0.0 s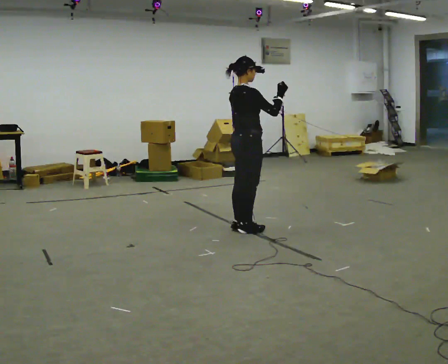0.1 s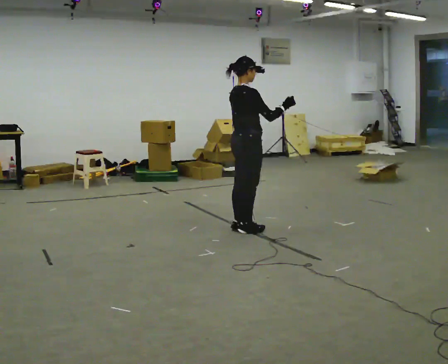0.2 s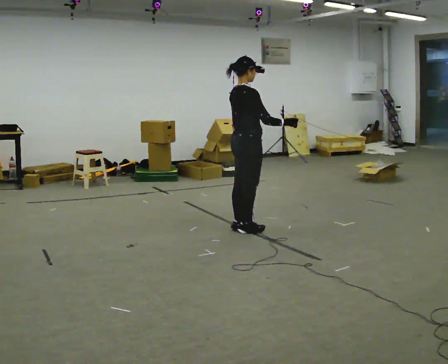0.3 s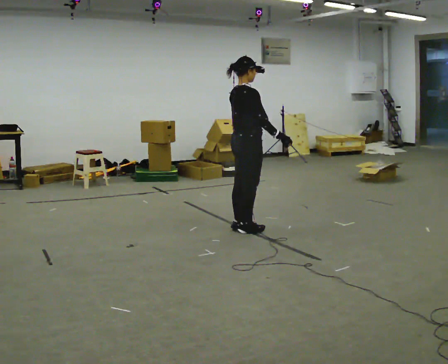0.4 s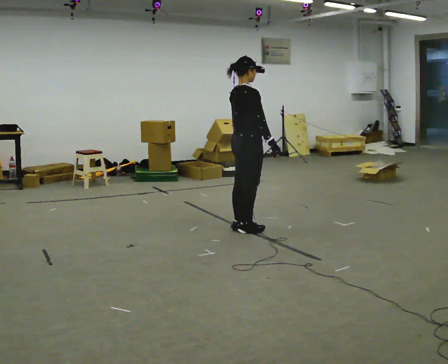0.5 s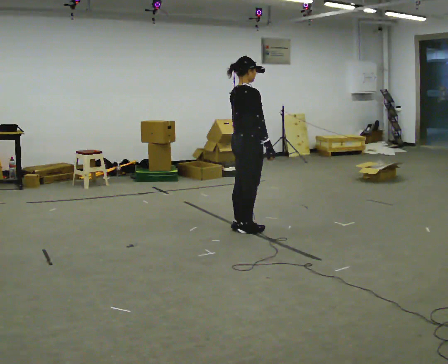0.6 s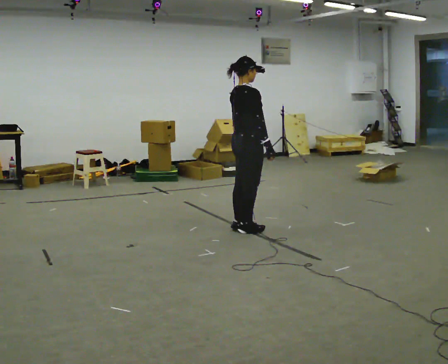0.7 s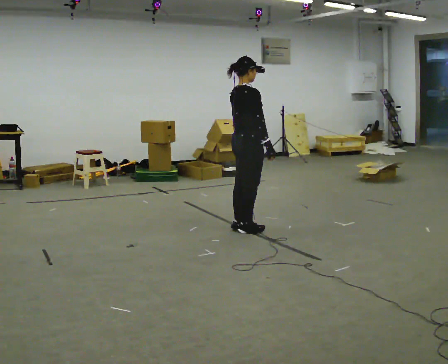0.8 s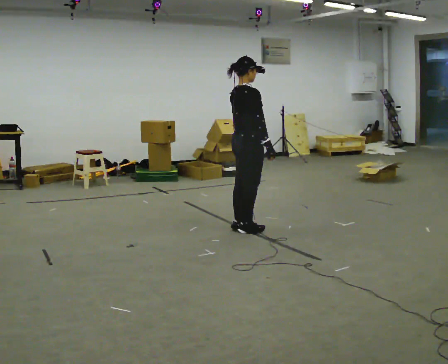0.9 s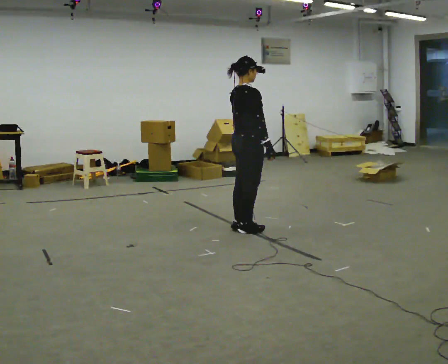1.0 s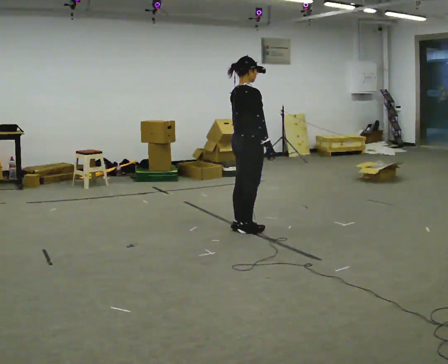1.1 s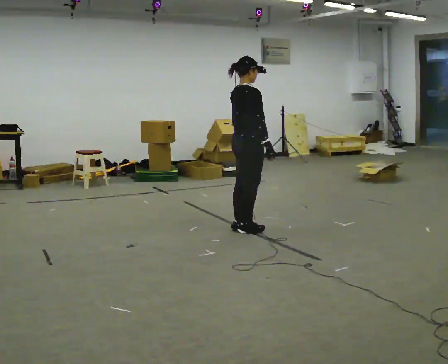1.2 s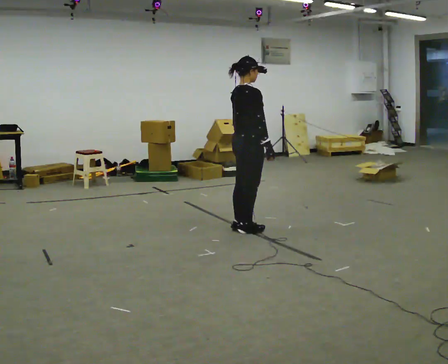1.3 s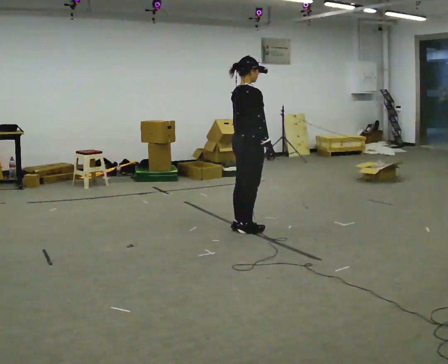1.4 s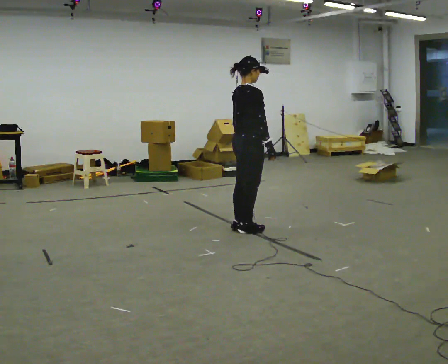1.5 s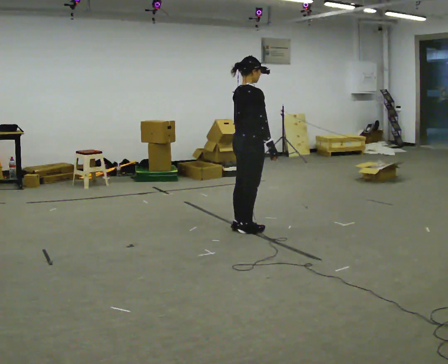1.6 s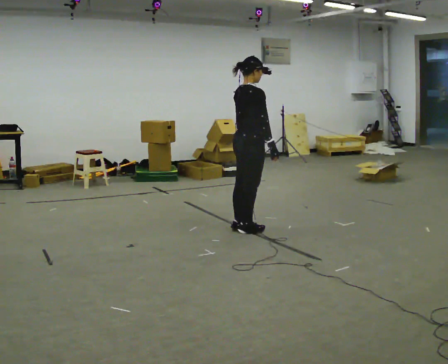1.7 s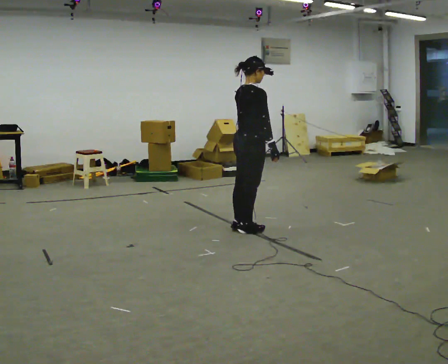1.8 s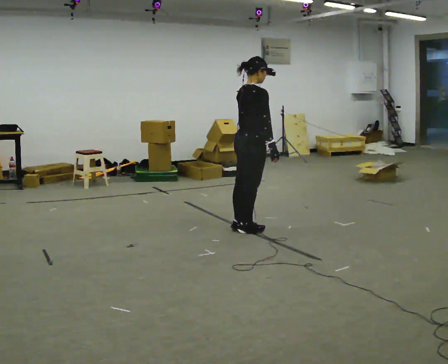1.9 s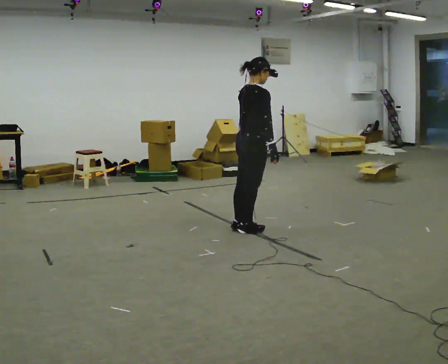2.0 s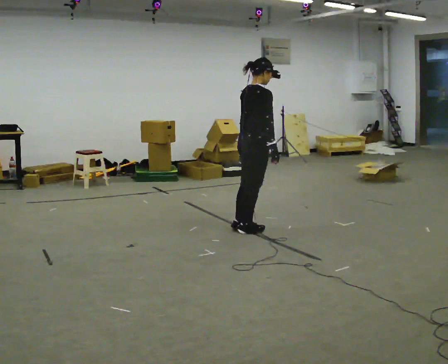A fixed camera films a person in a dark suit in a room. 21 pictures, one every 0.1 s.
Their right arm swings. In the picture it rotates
clockwise.
Their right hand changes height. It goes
downward.
0.0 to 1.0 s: In the picture their right hand goes downward, the arm swinging clockwise.
1.0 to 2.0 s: The person moves a little, or ends about where they began.
The film runs backward here.
